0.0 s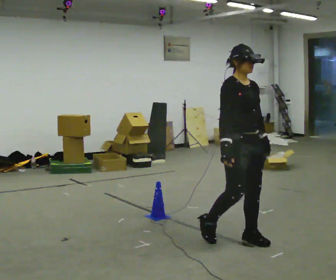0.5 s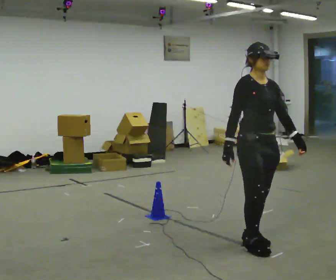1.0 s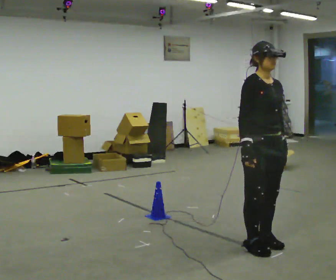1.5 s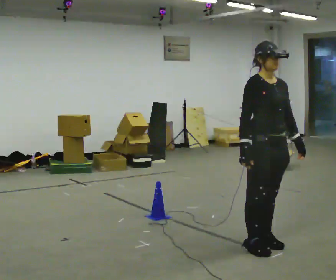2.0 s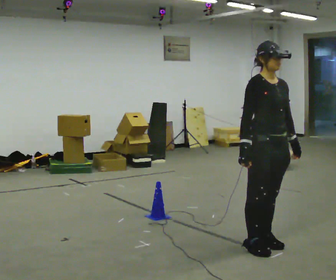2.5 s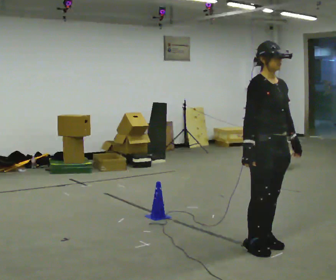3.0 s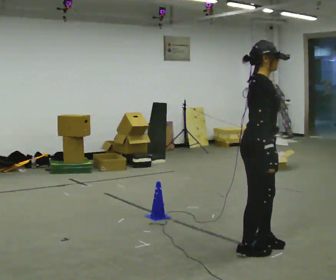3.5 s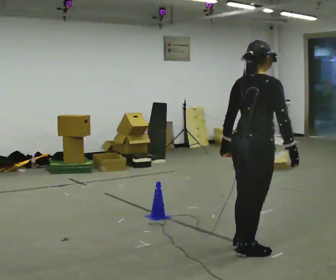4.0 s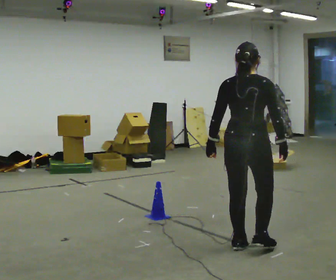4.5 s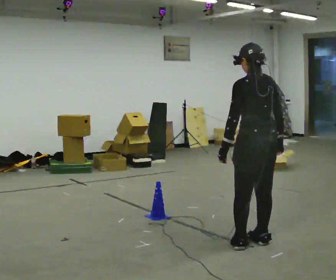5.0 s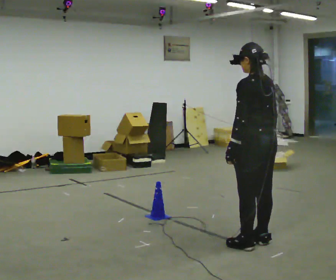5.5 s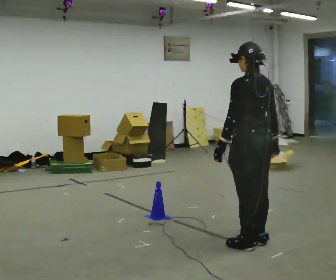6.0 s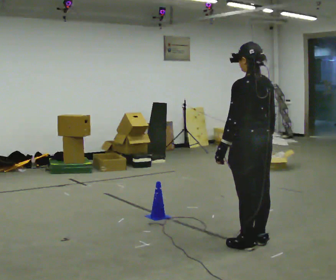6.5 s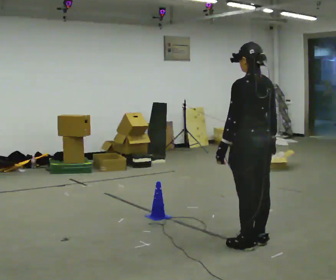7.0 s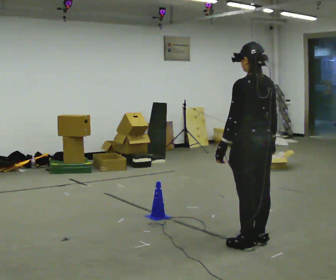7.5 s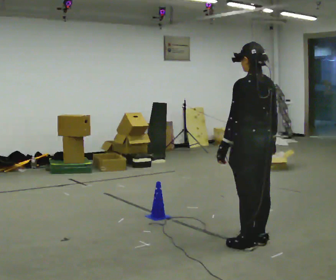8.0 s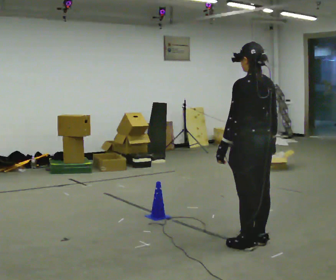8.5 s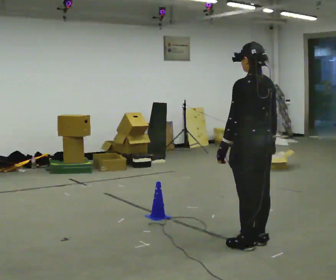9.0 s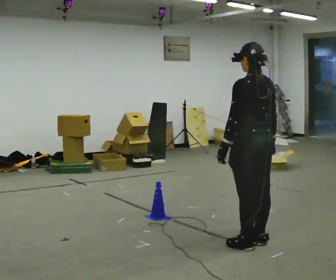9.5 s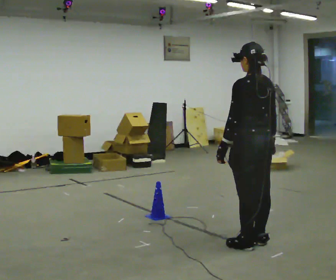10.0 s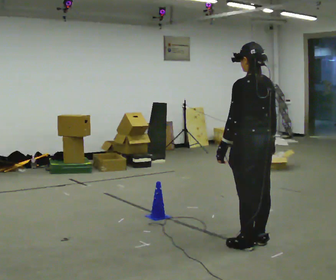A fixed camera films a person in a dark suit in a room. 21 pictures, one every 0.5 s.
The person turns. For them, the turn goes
to their left.
The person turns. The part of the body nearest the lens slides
to the right.
0.0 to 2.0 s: In the picture they go to the right, about 0.25 m in 1 step, which for them is forward.
2.0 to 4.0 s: The person turns about 135 degrees to their left, counterclockwise seen from above, so the part of the body nearest the lens slides to the right. In the picture they go to the left, about 0.25 m in 1 step. In the picture their right hand goes to the right, the arm swinging counterclockwise.
4.0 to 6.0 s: The person turns about 45 degrees to their left, counterclockwise seen from above, so the part of the body nearest the lens slides to the right.
6.0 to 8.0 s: The person moves a little, or ends about where they began.
8.0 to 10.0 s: The person keeps their place and pose.
The film runs forward here.
